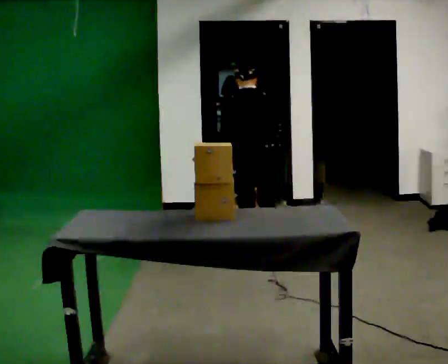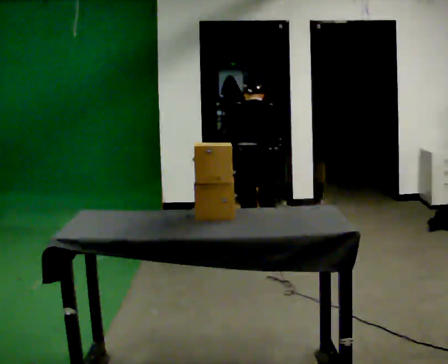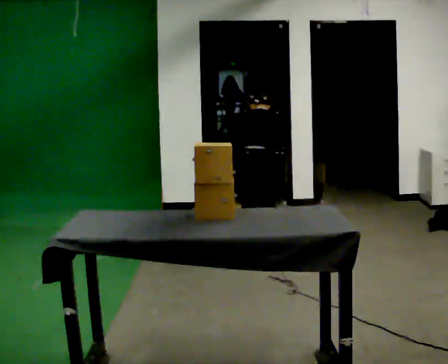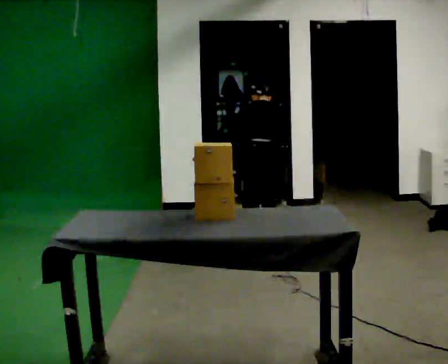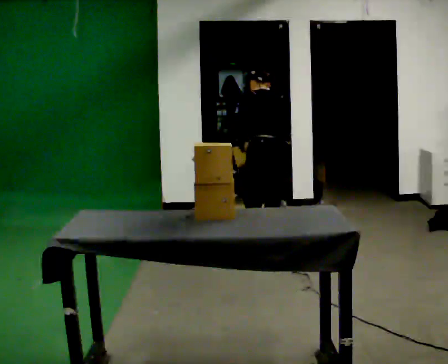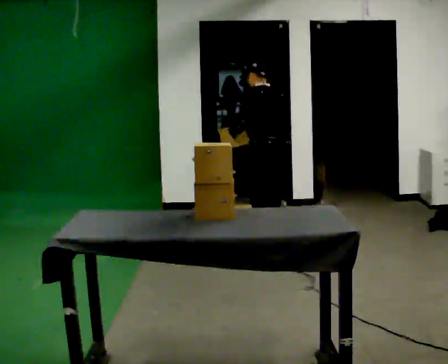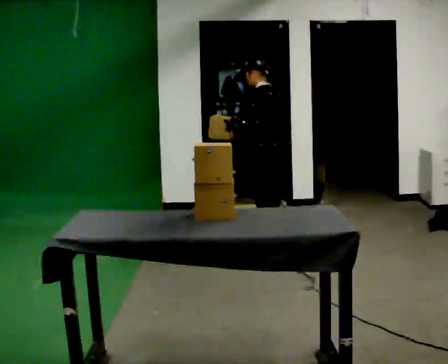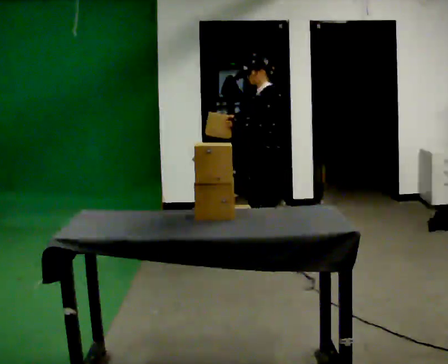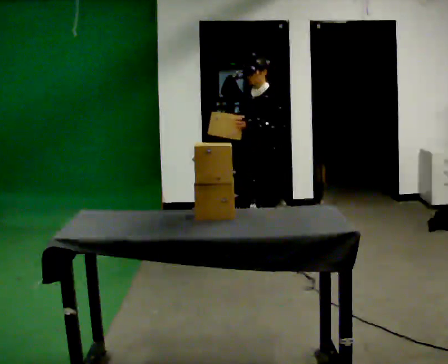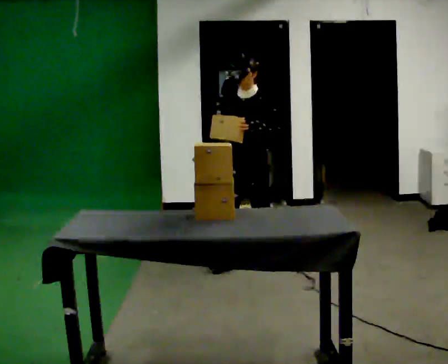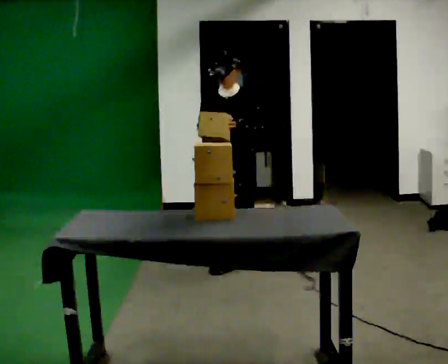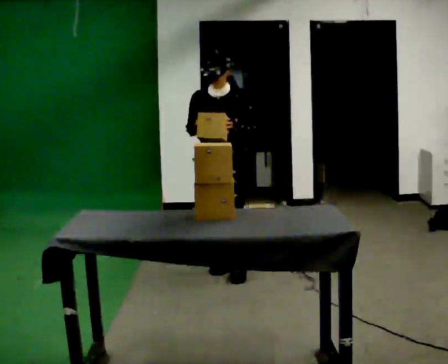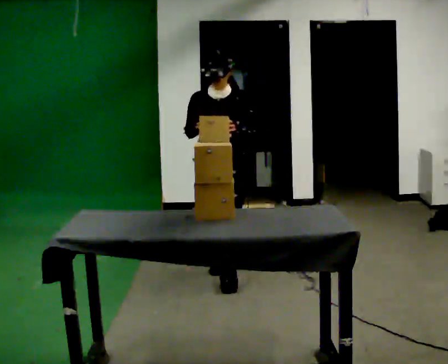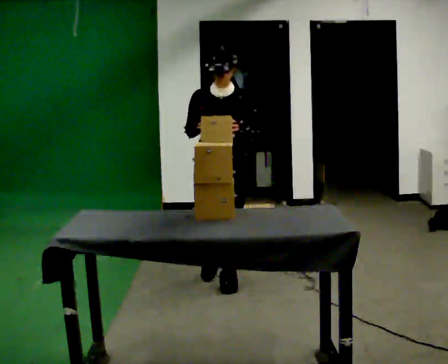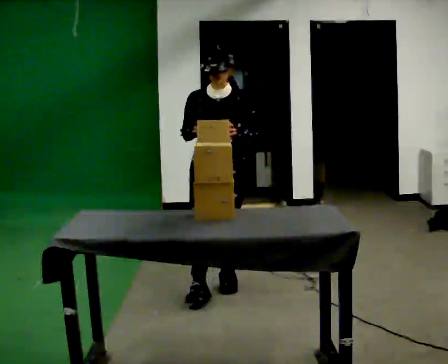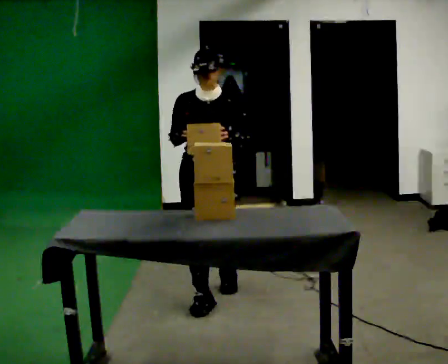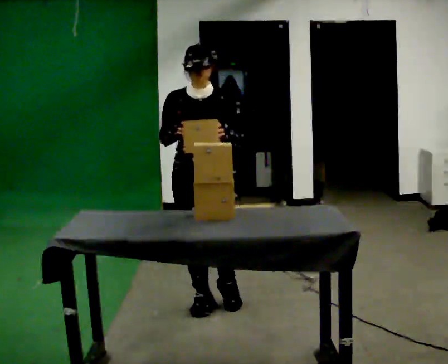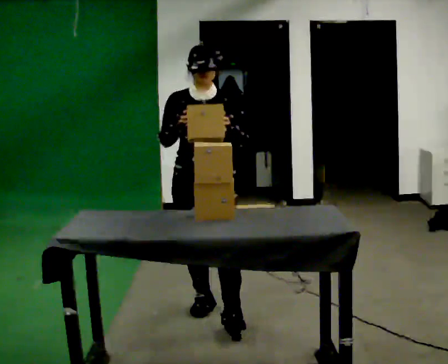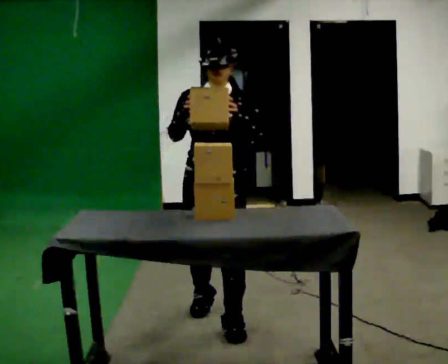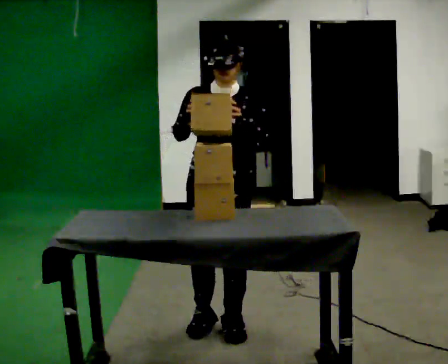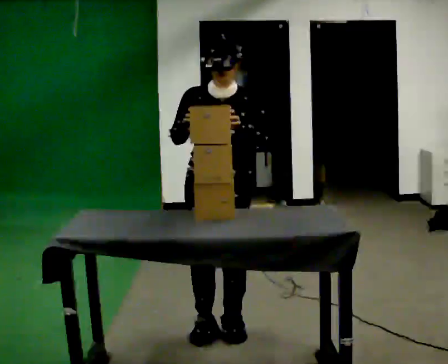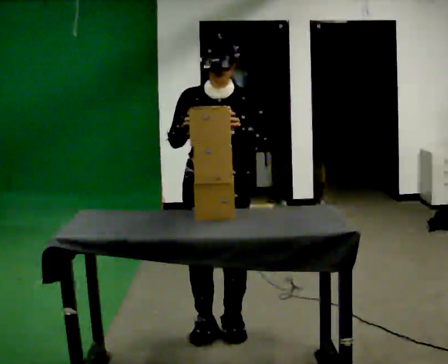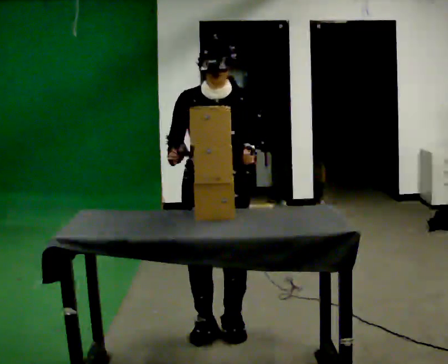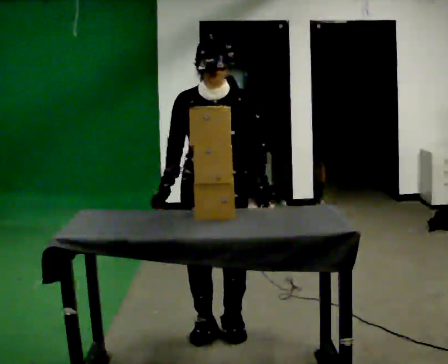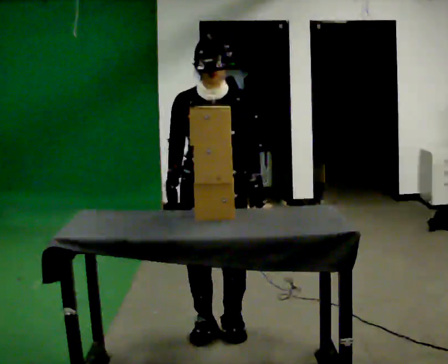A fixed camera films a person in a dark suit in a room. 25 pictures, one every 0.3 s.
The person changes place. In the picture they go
toward the camera.
The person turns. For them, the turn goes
to their left.
0.0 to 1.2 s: Seen from above the body turns counterclockwise, about 30 degrees: to their left, with its near side sliding to the right. In the picture they go away from the camera, about 0.25 m in 1 step, which for them is to their right and forward.
1.2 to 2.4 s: Seen from above the body turns counterclockwise, about 105 degrees: to their left, with its near side sliding to the right. In the picture they go toward the camera, about 0.25 m in 1 step. The upper body tips toward the camera, its near side rolling downward, as they lean back or straighten.
2.4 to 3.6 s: The person turns about 45 degrees to their left, counterclockwise seen from above, so the part of the body nearest the lens slides to the right. In the picture they go toward the camera and to the left, about 0.5 m in 2 steps, which for them is forward.
3.6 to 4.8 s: In the picture they go toward the camera, about 0.75 m in 1 step, which for them is forward.
4.8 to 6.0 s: In the picture they go toward the camera, about 0.5 m in 2 steps, which for them is forward.
6.0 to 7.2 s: In the picture their right hand goes downward.
The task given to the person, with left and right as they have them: Take objects out of the bin one at a time and lay them out on the table, stepping between the bin and the table each time. Keep going until the operator says stop; one object at a time, and do not rush between trips.
The film runs forward here.
